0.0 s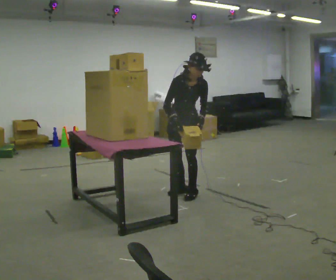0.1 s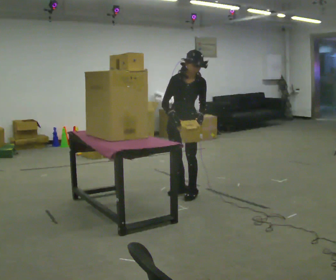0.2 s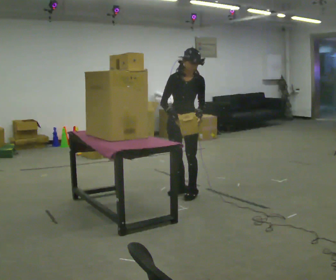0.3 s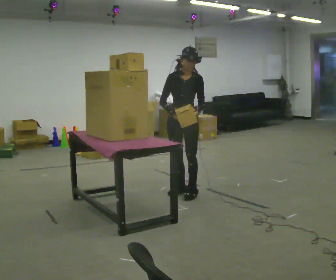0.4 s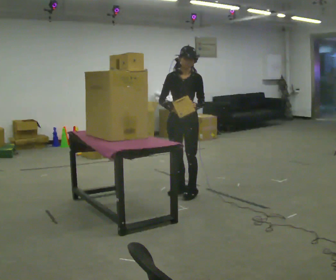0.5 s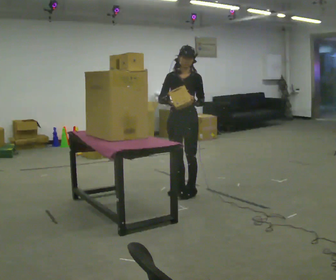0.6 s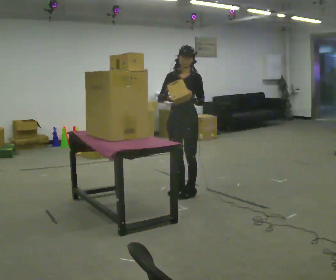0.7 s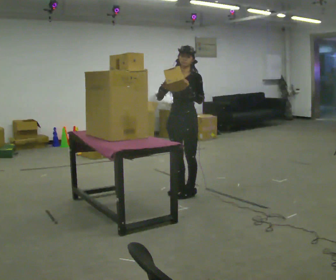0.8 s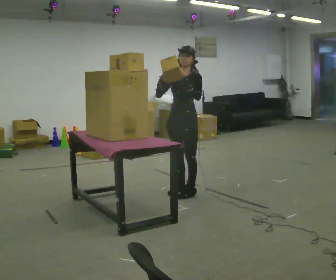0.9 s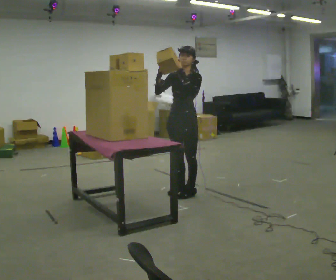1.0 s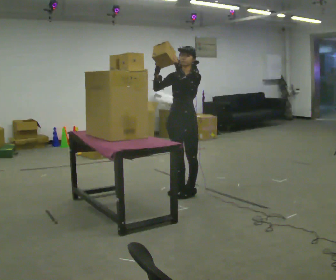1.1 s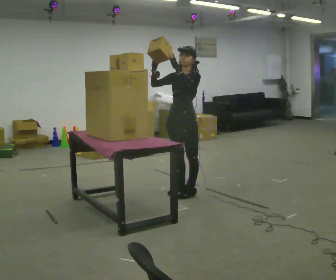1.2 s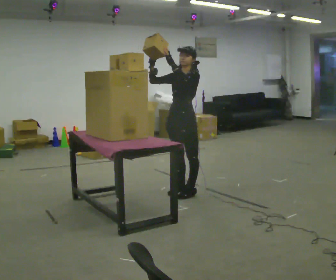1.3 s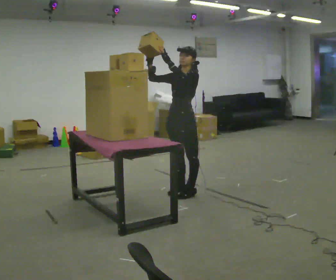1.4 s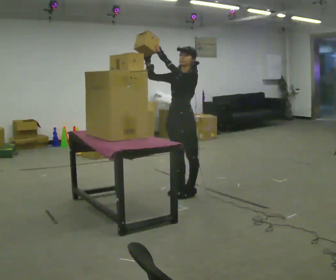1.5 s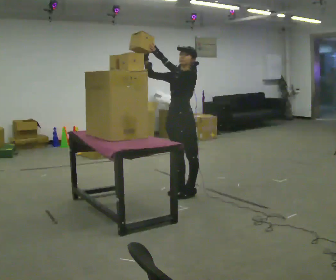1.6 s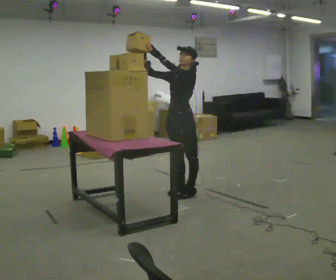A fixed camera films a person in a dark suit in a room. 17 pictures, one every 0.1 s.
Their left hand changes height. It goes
upward.
The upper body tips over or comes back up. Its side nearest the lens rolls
upward.
0.0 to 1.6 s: The person turns about 45 degrees to their right, clockwise seen from above, so the part of the body nearest the lens slides to the left. The upper body tips away from the camera, its near side rolling upward, as they lean back or straighten. In the picture their left hand goes upward and to the left.
The film runs backward here.
